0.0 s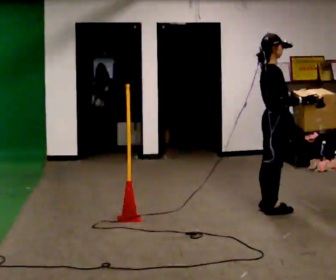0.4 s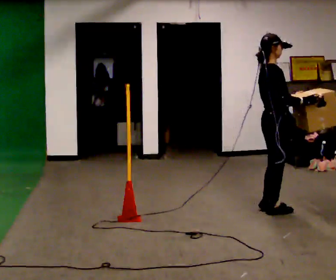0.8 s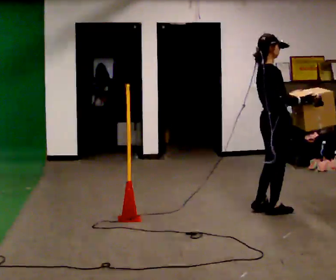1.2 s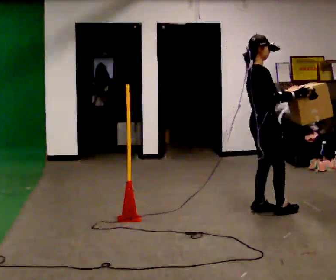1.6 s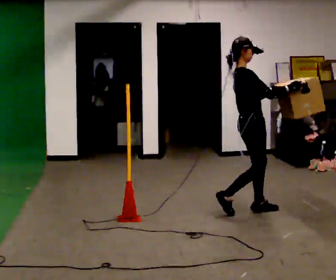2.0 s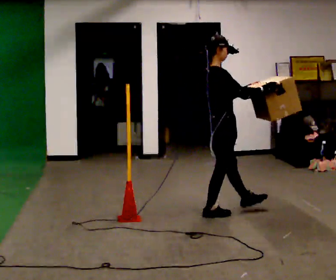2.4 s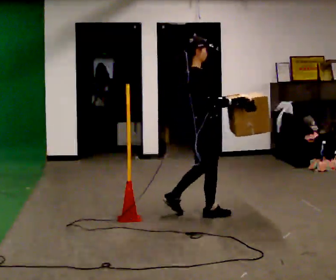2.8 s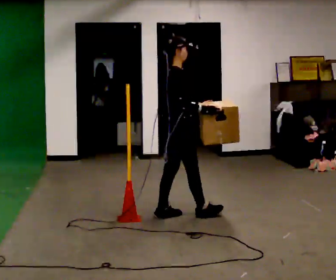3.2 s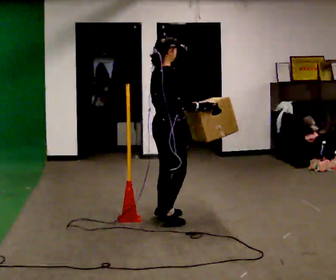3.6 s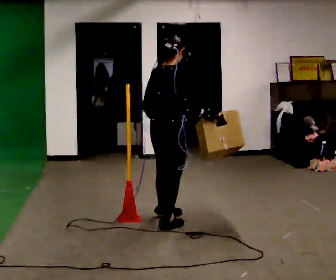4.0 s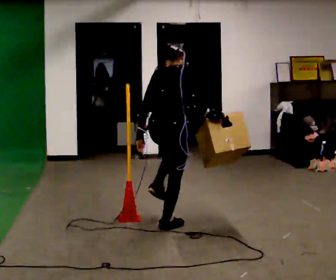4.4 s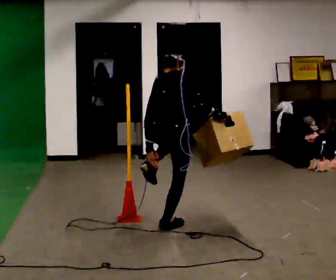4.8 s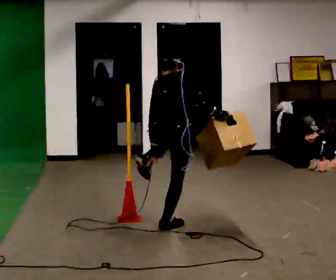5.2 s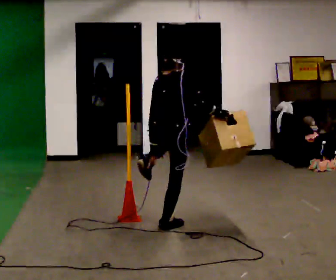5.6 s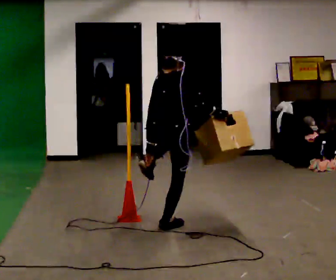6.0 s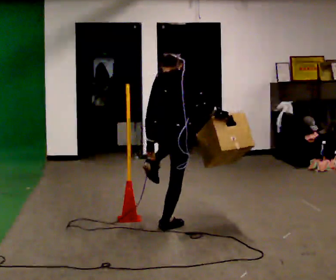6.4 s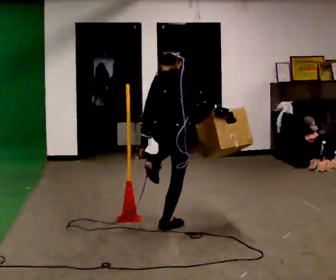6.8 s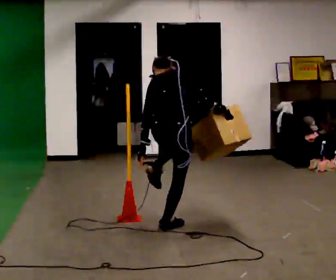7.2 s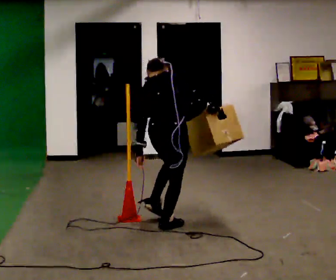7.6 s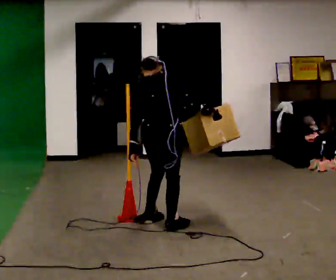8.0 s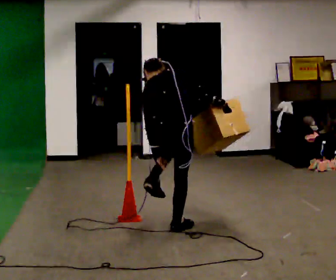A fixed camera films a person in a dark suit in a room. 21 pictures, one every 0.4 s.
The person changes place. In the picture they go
to the left.
The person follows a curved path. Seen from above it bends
counterclockwise.
0.0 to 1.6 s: In the picture they go to the left, about 0.25 m in 1 step, which for them is backward.
1.6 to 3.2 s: The person turns about 30 degrees to their left, counterclockwise seen from above, so the part of the body nearest the lens slides to the right. In the picture they go to the left, about 1 m in 2 steps, which for them is backward.
3.2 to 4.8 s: Seen from above the body turns counterclockwise, about 45 degrees: to their left, with its near side sliding to the right. In the picture they go toward the camera, about 0.5 m in 1 step, which for them is backward and to their right. The upper body tips away from the camera, its near side rolling upward, as they bend forward. In the picture their left hand goes downward, the arm swinging clockwise.
4.8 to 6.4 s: The person moves a little, or ends about where they began.
6.4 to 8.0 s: In the picture the upper body tilts counterclockwise, shoulders to the left.
The film runs backward here.
